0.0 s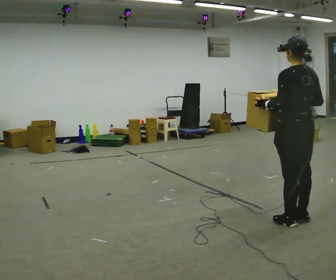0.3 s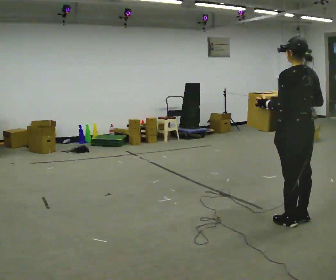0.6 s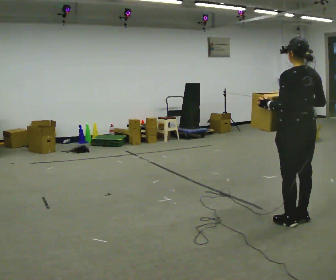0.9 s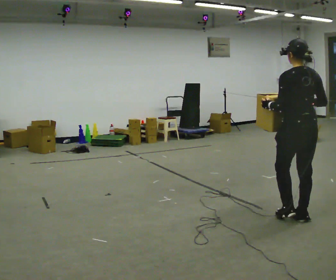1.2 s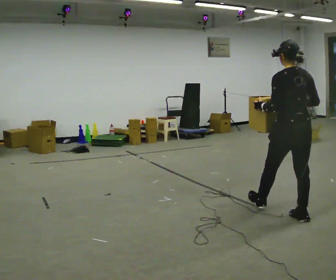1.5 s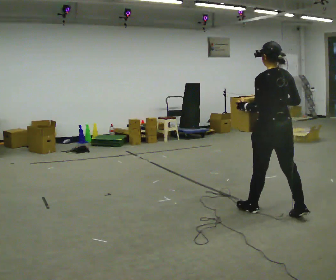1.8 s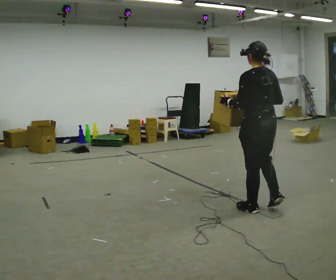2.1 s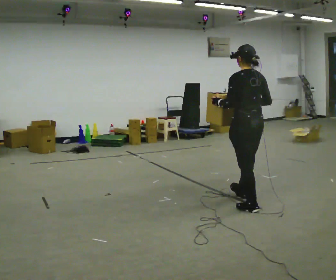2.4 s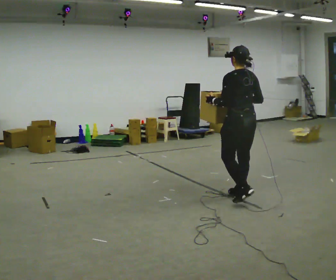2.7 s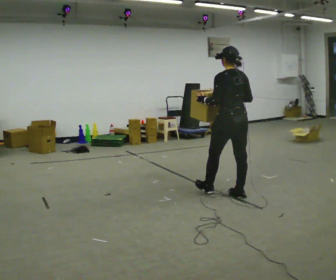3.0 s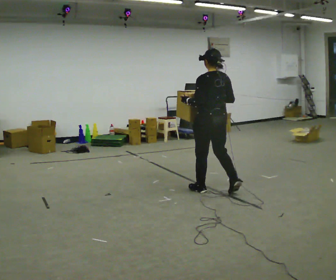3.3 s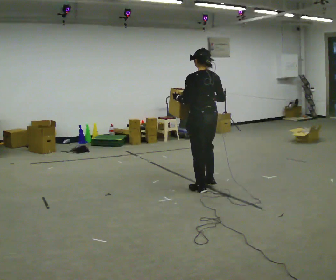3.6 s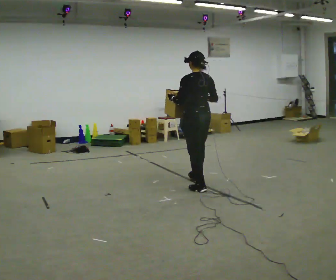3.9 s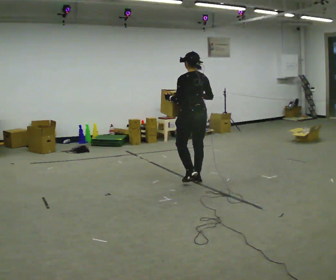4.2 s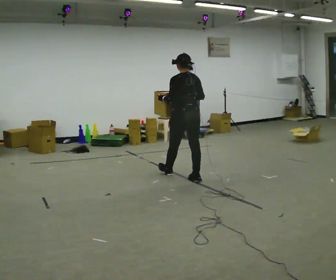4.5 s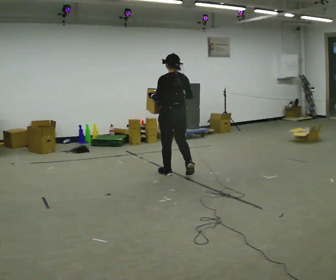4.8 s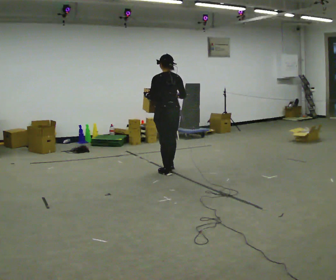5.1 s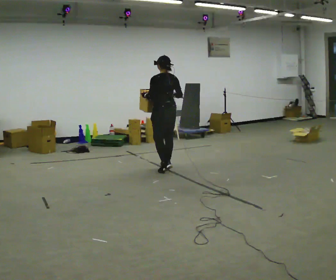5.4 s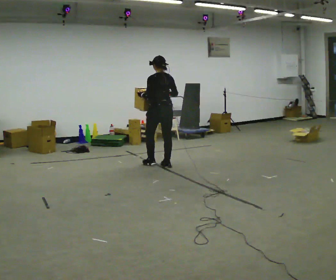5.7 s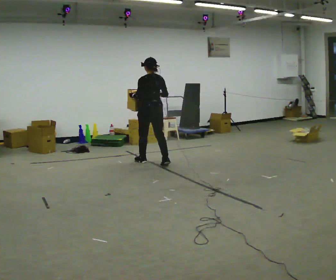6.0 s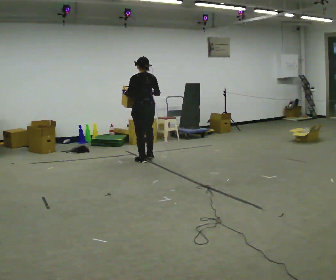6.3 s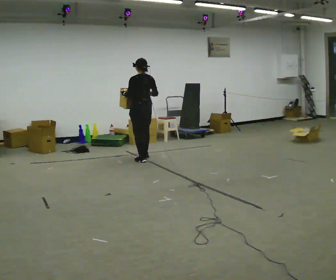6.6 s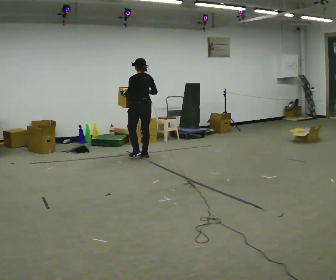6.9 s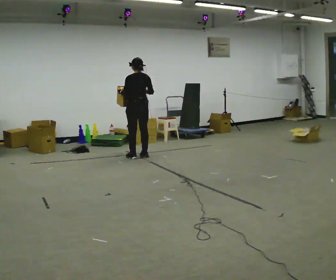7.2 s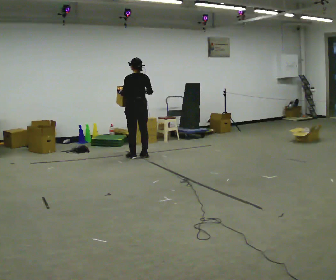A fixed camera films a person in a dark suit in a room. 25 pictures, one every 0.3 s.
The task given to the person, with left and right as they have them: Carry the heaviest box in both hands in front of you, walking back and forth across the room. Only carry what is comfortable. Set it down whenever you need to.
0.0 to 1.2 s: In the picture they go away from the camera, about 0.25 m, which for them is forward.
1.2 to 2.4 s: In the picture they go away from the camera and to the left, about 0.75 m in 2 steps, which for them is forward.
2.4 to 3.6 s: In the picture they go away from the camera and to the left, about 0.5 m in 2 steps, which for them is forward.
3.6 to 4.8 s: In the picture they go away from the camera and to the left, about 1 m in 1 step, which for them is forward.
4.8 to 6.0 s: In the picture they go away from the camera and to the left, about 1 m in 2 steps, which for them is forward.
6.0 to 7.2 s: In the picture they go away from the camera and to the left, about 0.5 m in 2 steps, which for them is forward.
The film runs forward here.
